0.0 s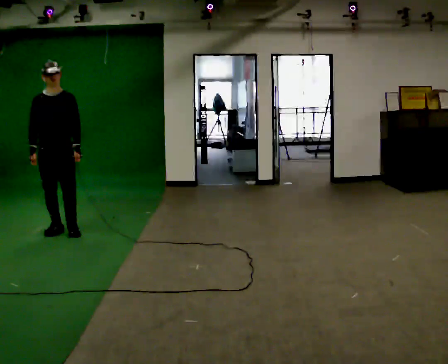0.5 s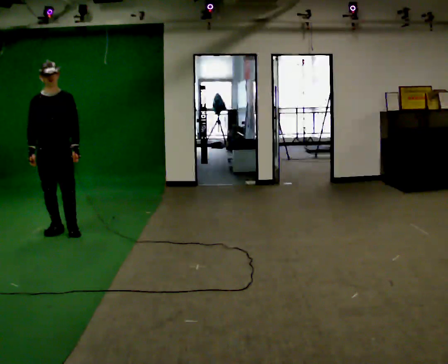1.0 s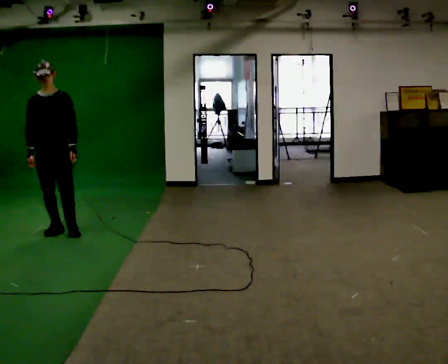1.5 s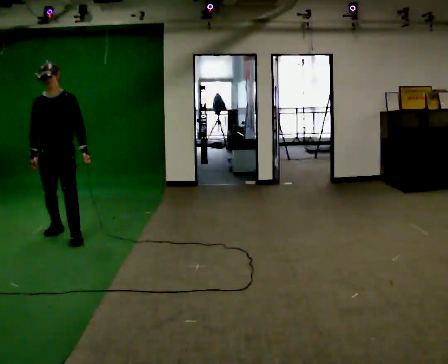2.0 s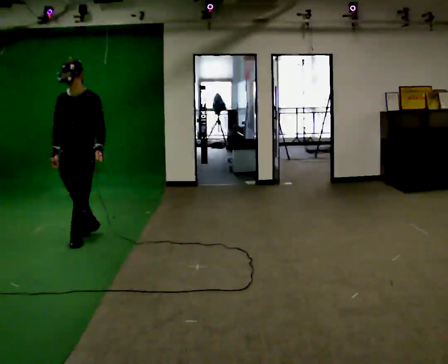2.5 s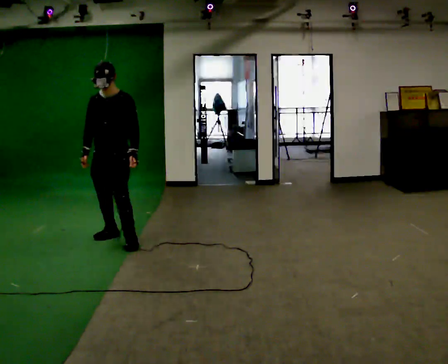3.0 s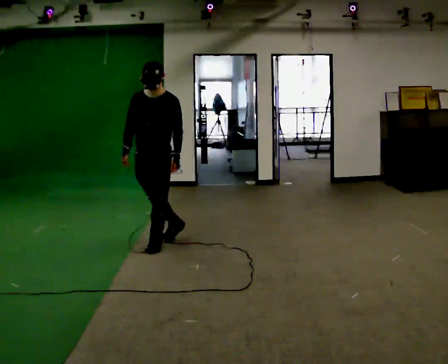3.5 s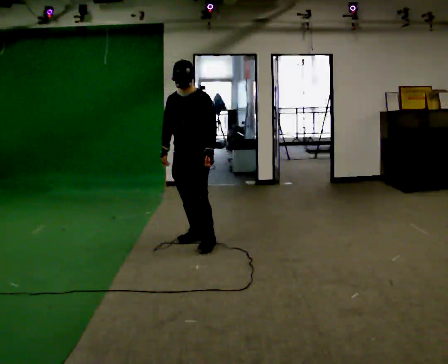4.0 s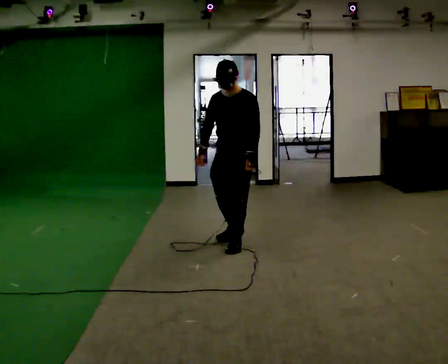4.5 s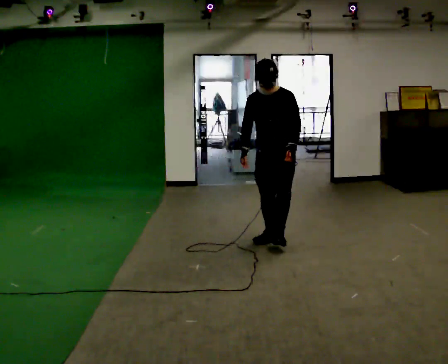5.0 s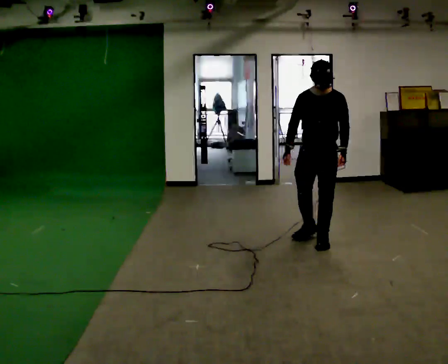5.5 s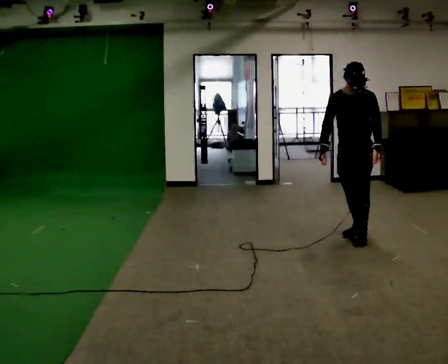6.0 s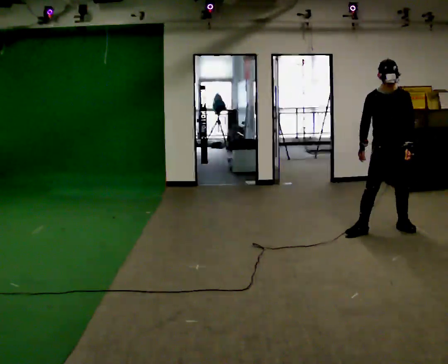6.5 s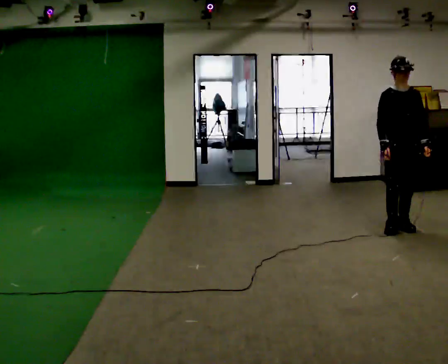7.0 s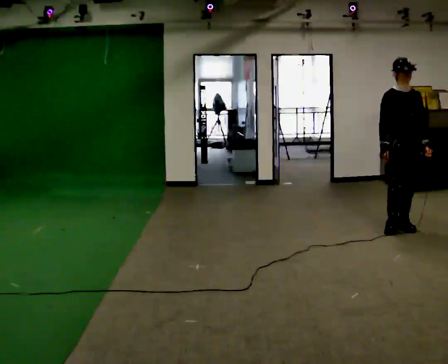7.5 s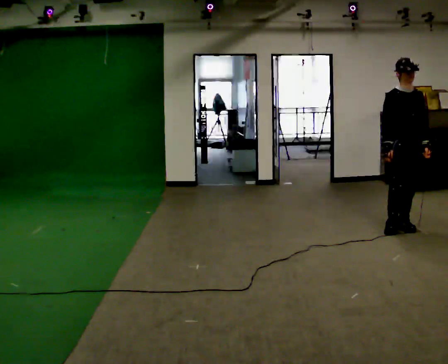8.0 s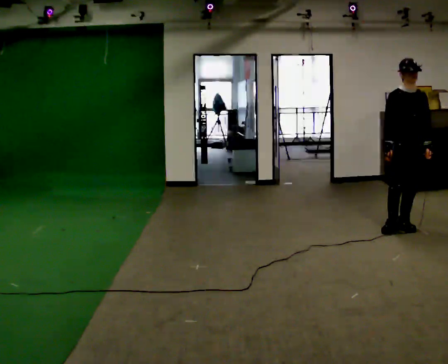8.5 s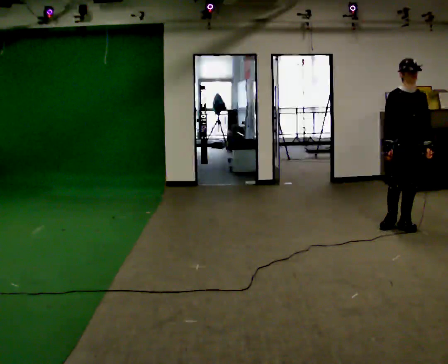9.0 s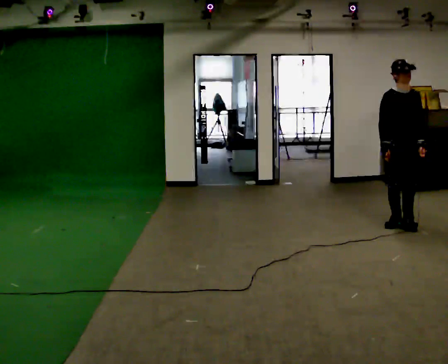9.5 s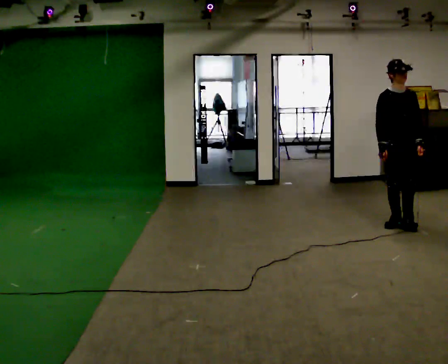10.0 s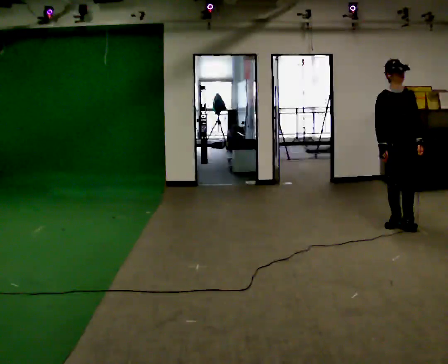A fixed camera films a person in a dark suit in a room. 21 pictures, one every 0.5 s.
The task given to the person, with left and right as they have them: Move sideways in the direction the operator calls, crossing one foot in front and then behind, alternating.
0.0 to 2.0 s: In the picture they go to the right, about 0.25 m in 1 step, which for them is forward and to their left.
2.0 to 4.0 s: In the picture they go to the right, about 1.5 m in 4 steps, which for them is to their left.
4.0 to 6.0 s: The person turns about 30 degrees to their left, counterclockwise seen from above, so the part of the body nearest the lens slides to the right. In the picture they go to the right, about 1.5 m in 4 steps, which for them is to their left and backward.
6.0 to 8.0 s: In the picture they go to the right, about 0.25 m in 1 step, which for them is to their left.
8.0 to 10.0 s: The person moves a little, or ends about where they began.
The film runs forward here.
